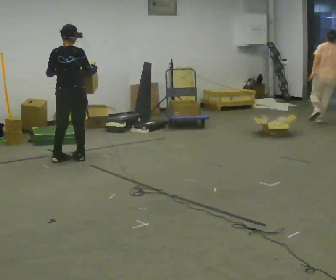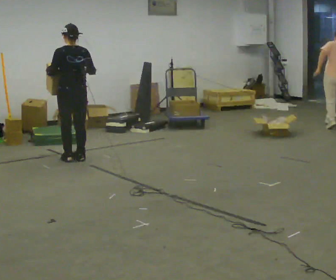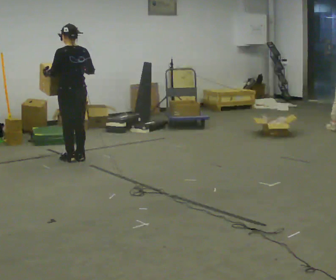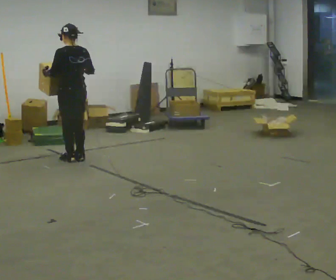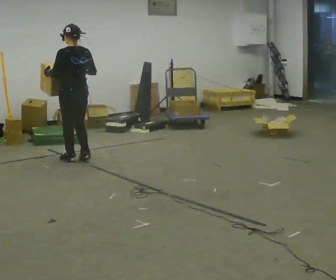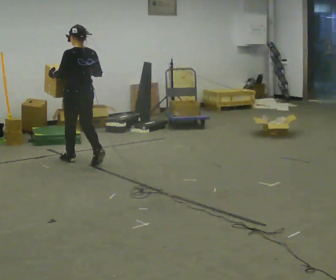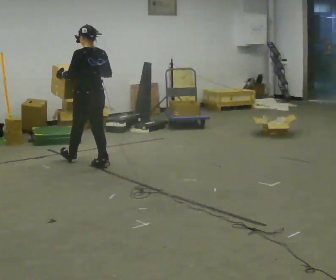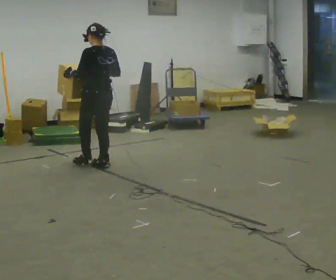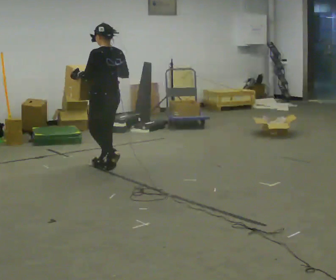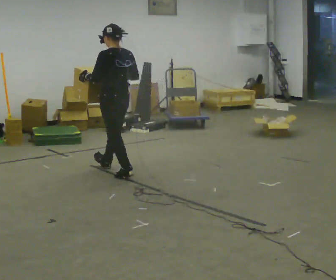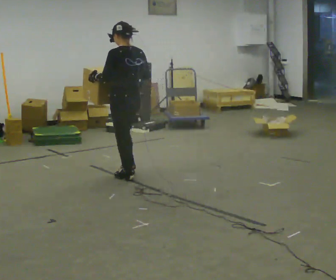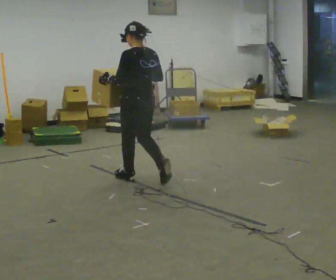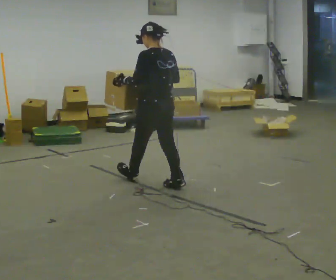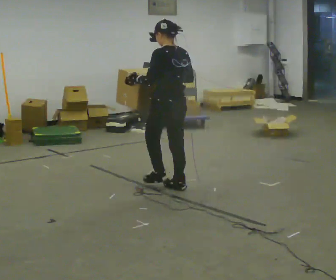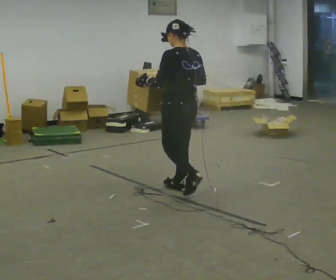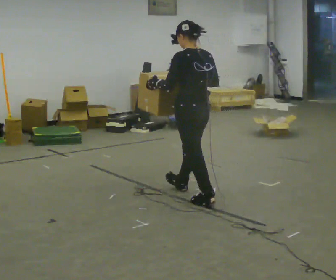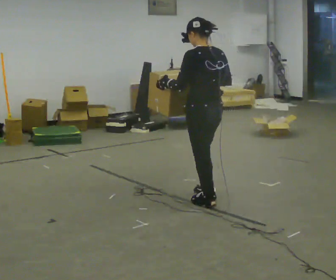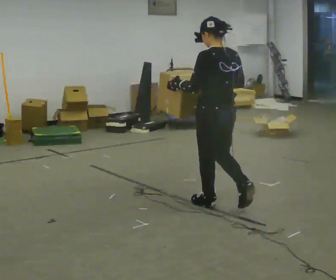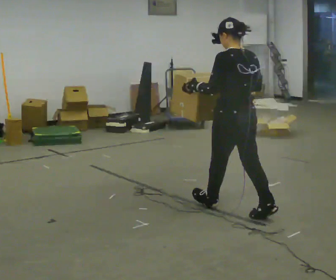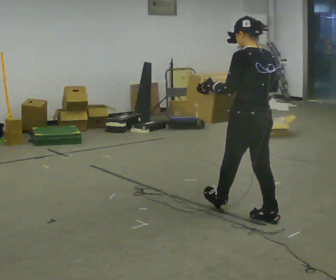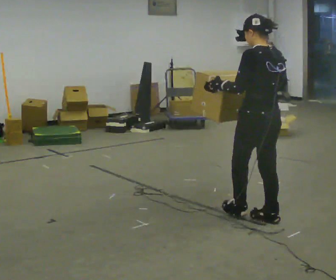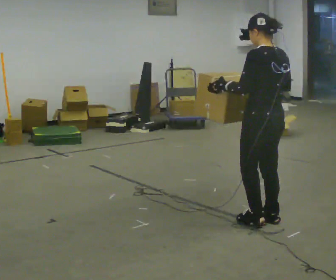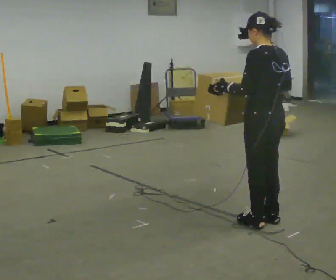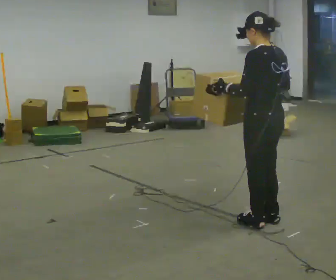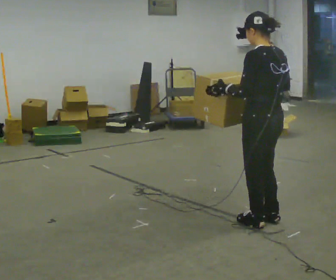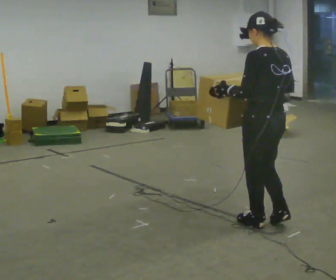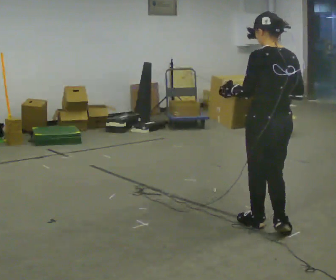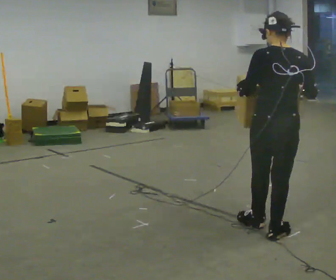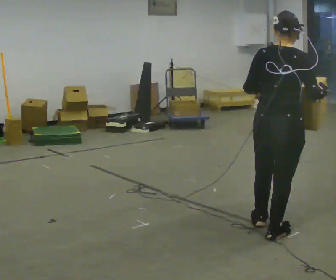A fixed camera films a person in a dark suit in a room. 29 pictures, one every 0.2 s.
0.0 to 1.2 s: The person turns about 45 degrees to their left, counterclockwise seen from above, so the part of the body nearest the lens slides to the right. In the picture they go to the right and toward the camera, about 0.25 m in 3 steps, which for them is backward.
1.2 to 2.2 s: In the picture they go toward the camera and to the right, about 1 m in 1 step, which for them is backward.
2.2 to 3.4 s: In the picture they go toward the camera and to the right, about 1 m in 2 steps, which for them is backward.
3.4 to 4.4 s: In the picture they go toward the camera and to the right, about 0.5 m in 1 step, which for them is backward.
4.4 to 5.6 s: The part of the body nearest the lens slides to the left as the person turns to their right by about 60 degrees. In the picture they go toward the camera, about 0.25 m in 1 step.
The film runs backward here.
